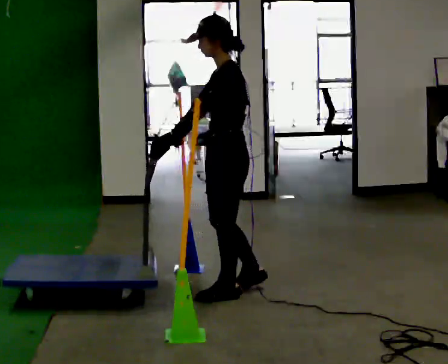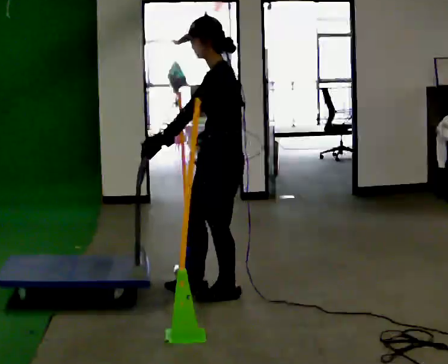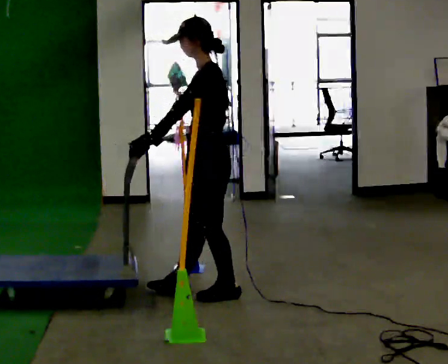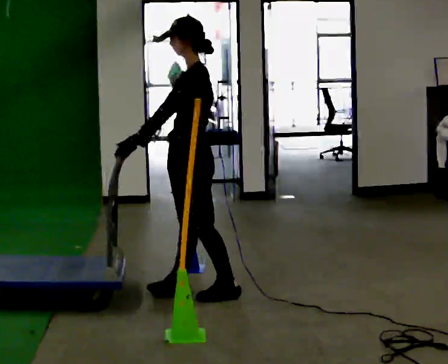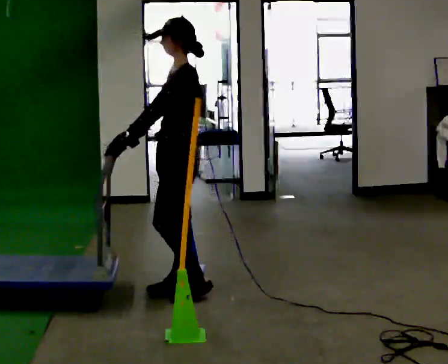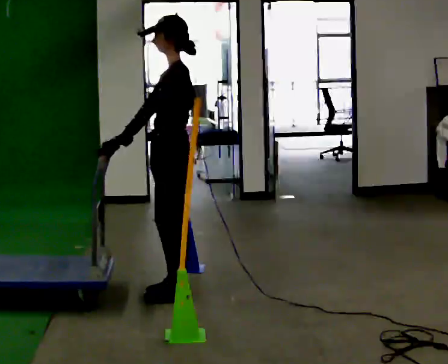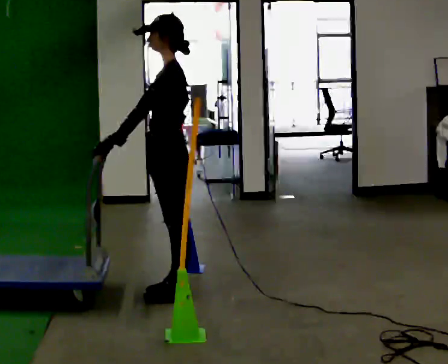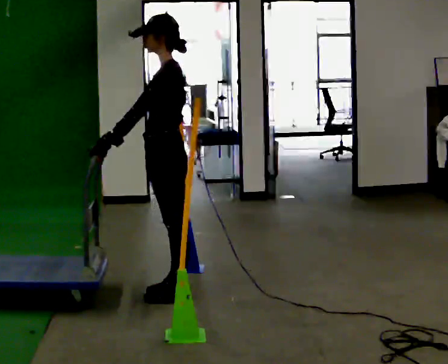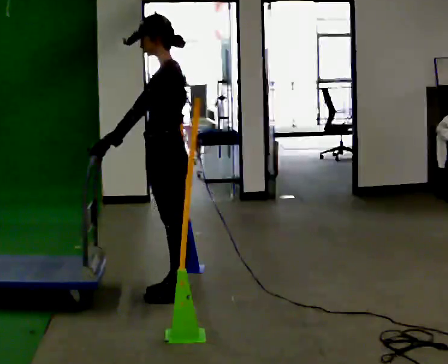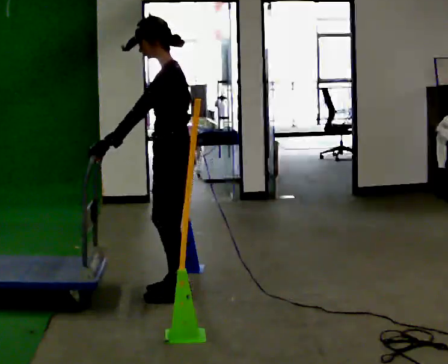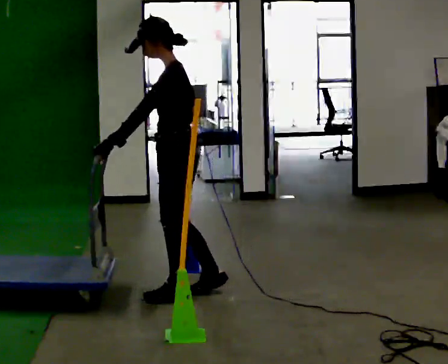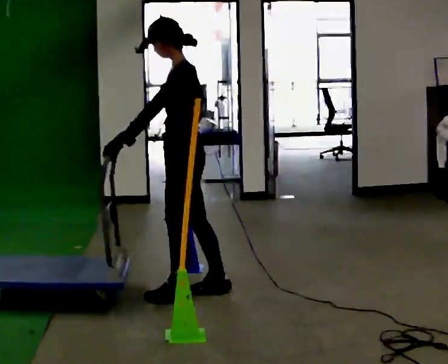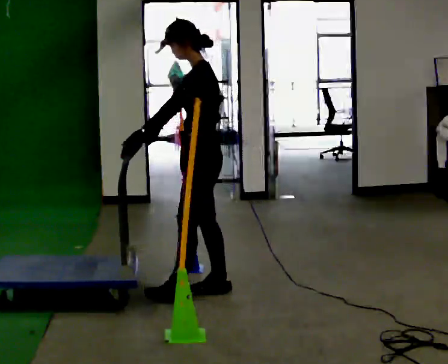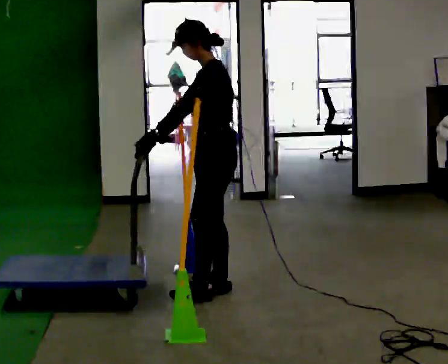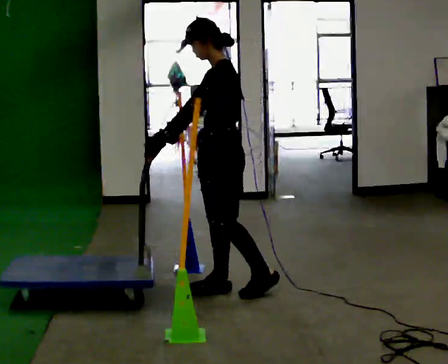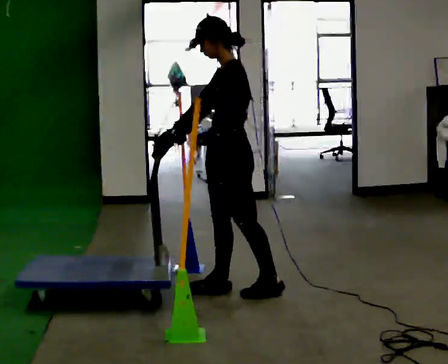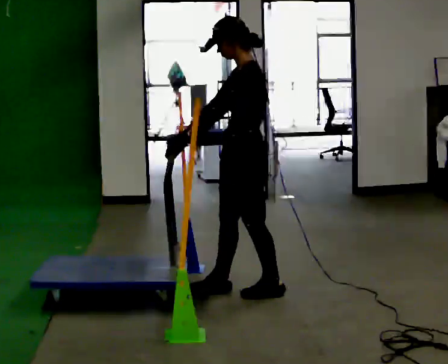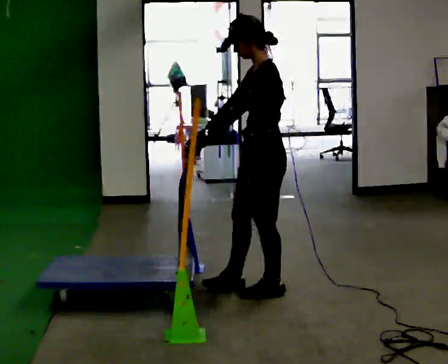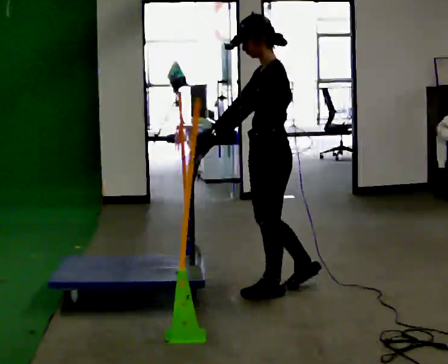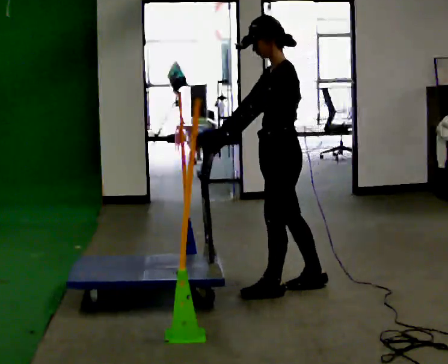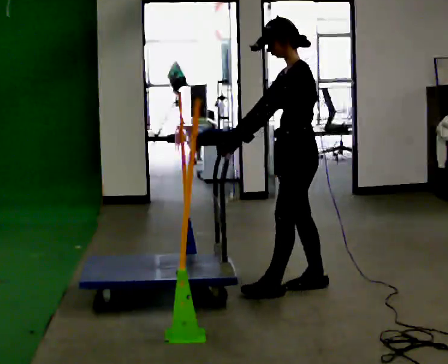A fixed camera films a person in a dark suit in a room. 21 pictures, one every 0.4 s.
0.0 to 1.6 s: In the picture they go to the left, about 0.25 m in 2 steps, which for them is forward.
1.6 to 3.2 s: The person moves a little, or ends about where they began.
3.2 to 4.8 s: In the picture they go to the right, about 0.25 m in 1 step, which for them is backward.
4.8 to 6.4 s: In the picture they go to the right, about 0.25 m in 1 step, which for them is backward.
6.4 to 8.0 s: In the picture they go to the right, about 0.25 m in 1 step, which for them is backward.
The film runs backward here.
